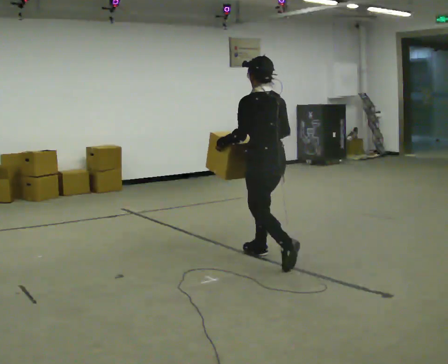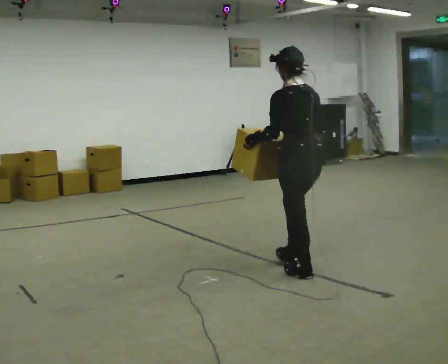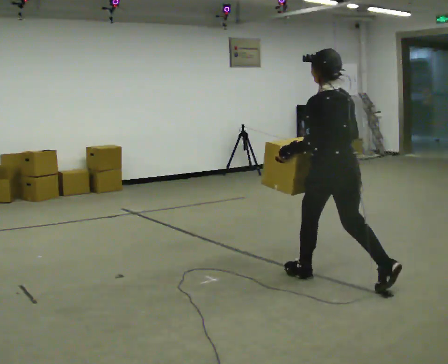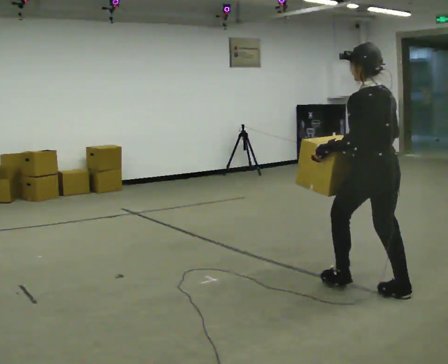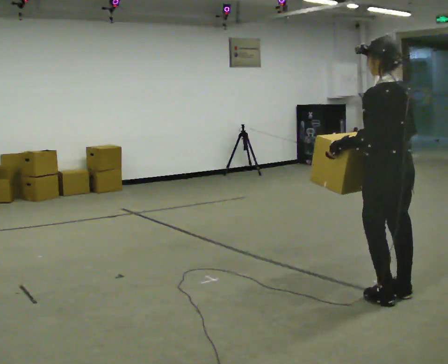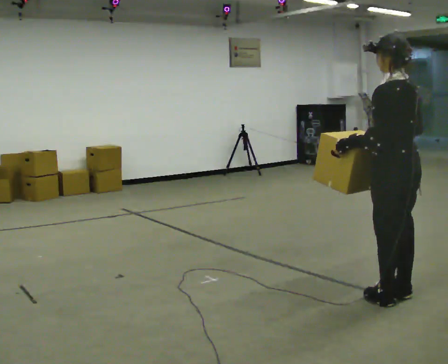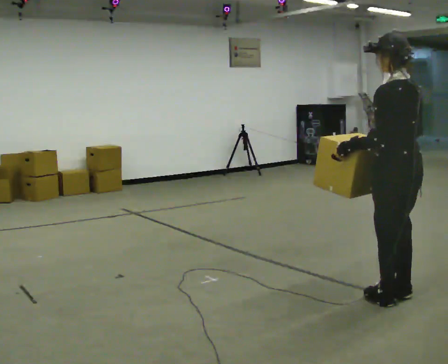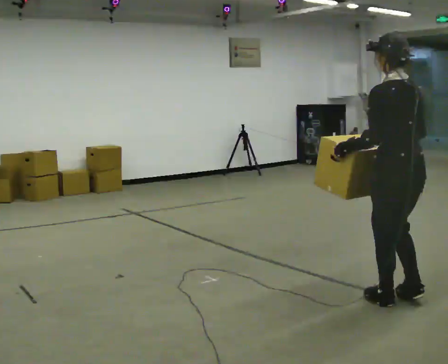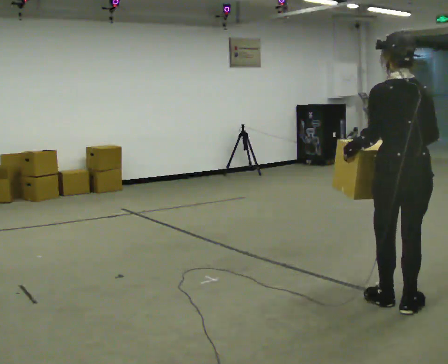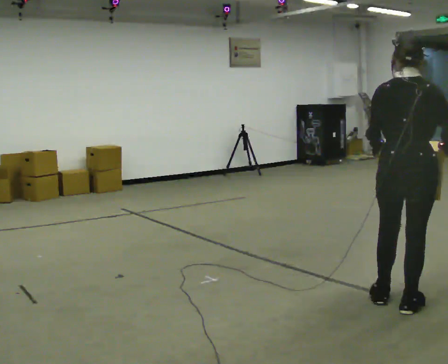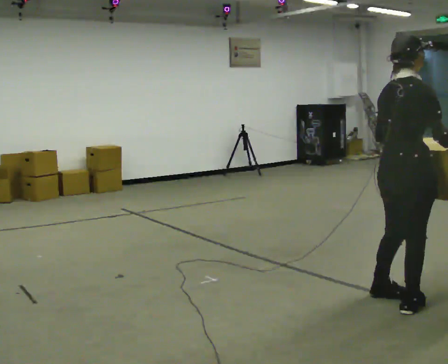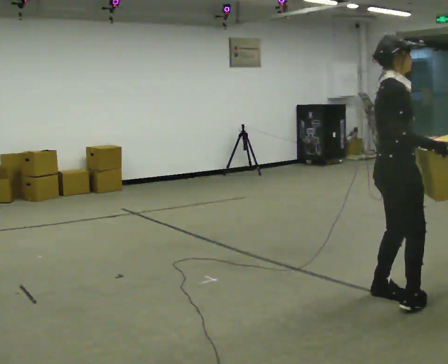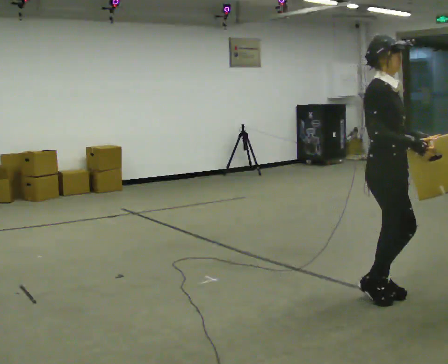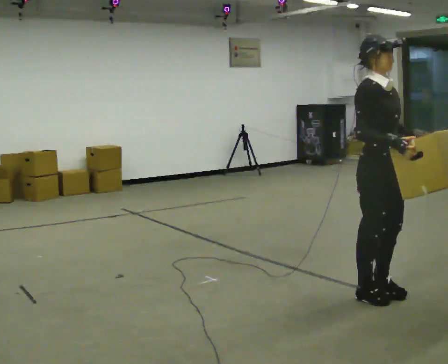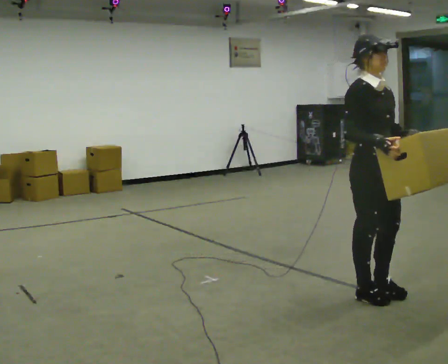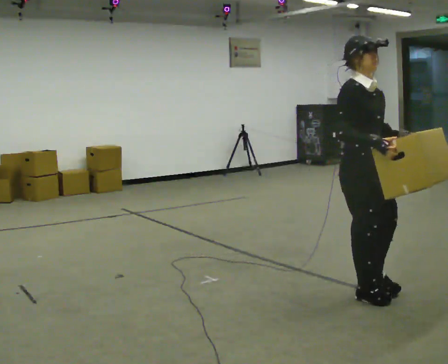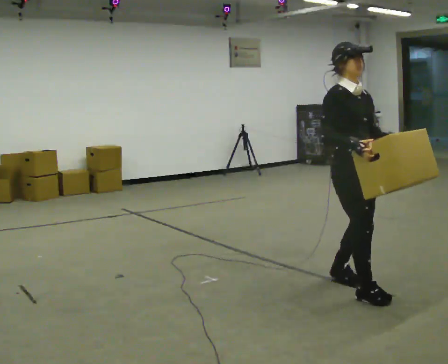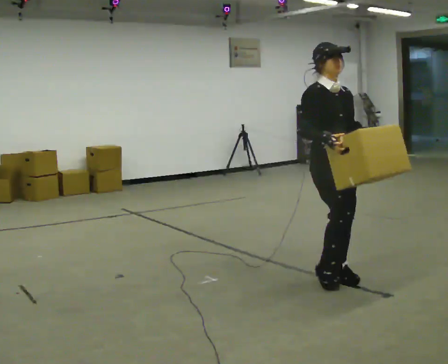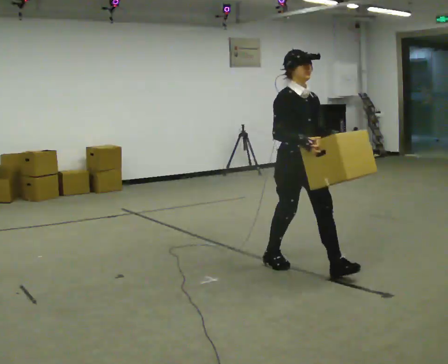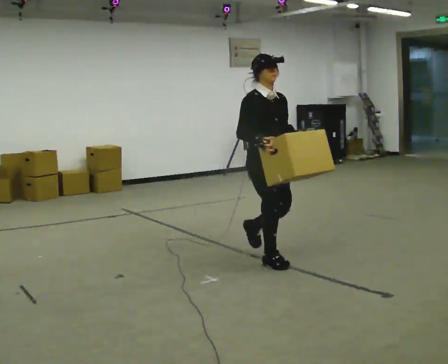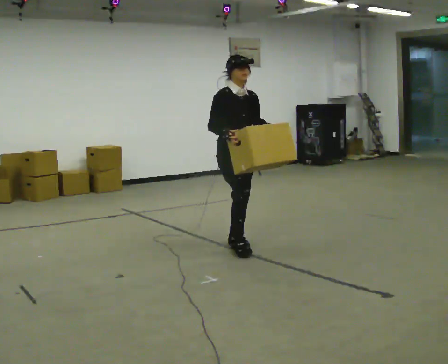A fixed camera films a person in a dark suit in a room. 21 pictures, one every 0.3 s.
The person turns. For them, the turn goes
to their right.
The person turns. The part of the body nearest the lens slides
to the left.
0.0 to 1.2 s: In the picture they go to the right and toward the camera, about 1 m in 2 steps, which for them is backward.
1.2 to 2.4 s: The person turns about 30 degrees to their right, clockwise seen from above, so the part of the body nearest the lens slides to the left. In the picture they go toward the camera, about 0.25 m in 1 step, which for them is backward.
2.4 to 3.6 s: The person turns about 135 degrees to their right, clockwise seen from above, so the part of the body nearest the lens slides to the left. In the picture they go away from the camera, about 0.25 m in 2 steps.
3.6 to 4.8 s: In the picture they go to the left, about 0.25 m in 1 step, which for them is backward.
4.8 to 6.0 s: In the picture they go to the left and away from the camera, about 1.5 m in 3 steps, which for them is backward.
The film runs backward here.
